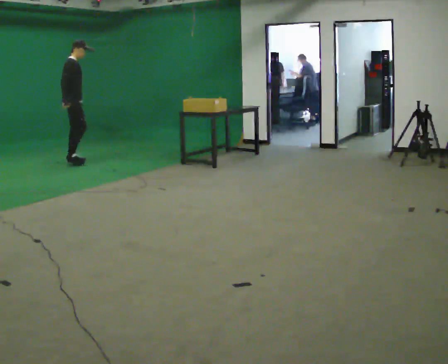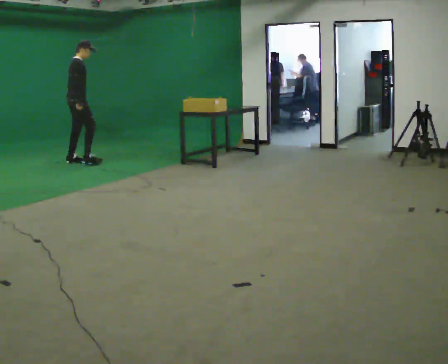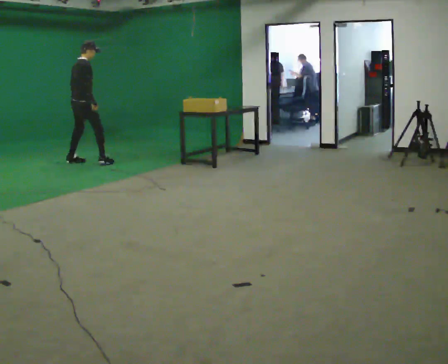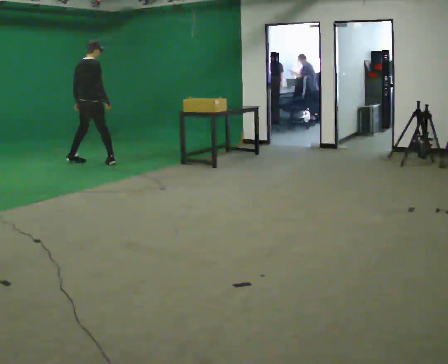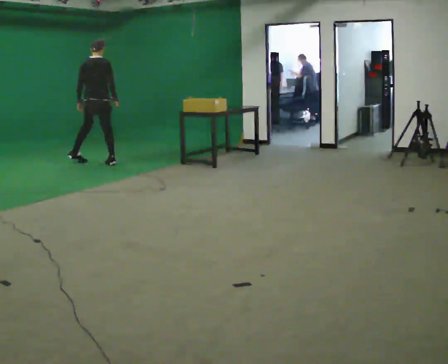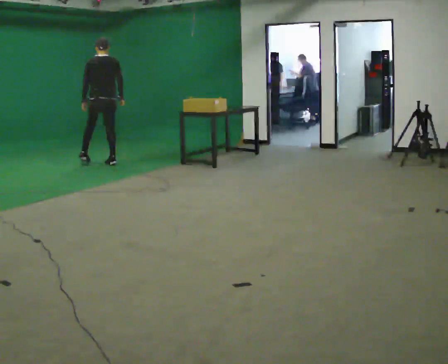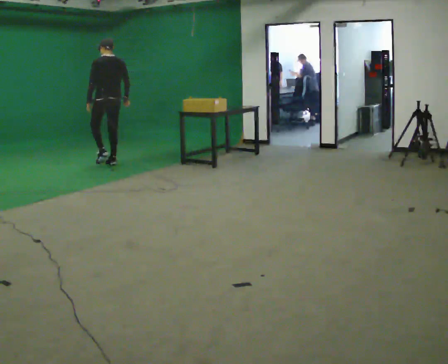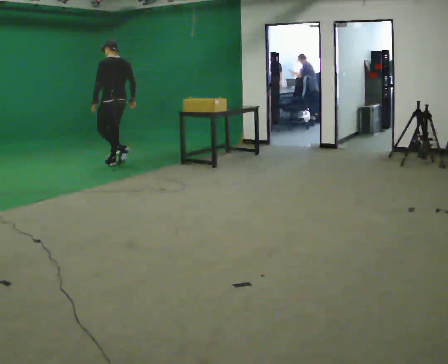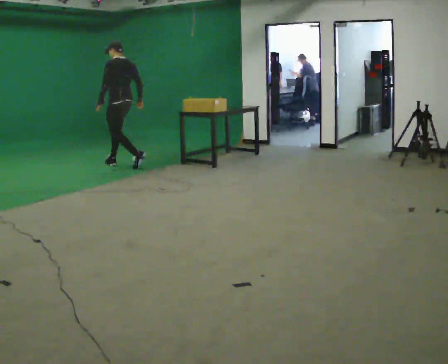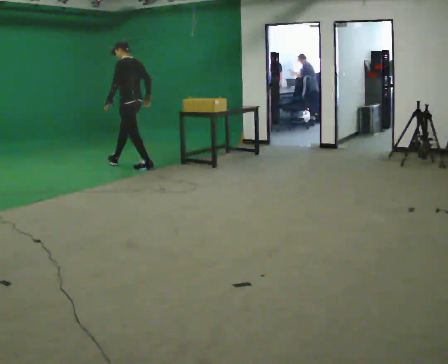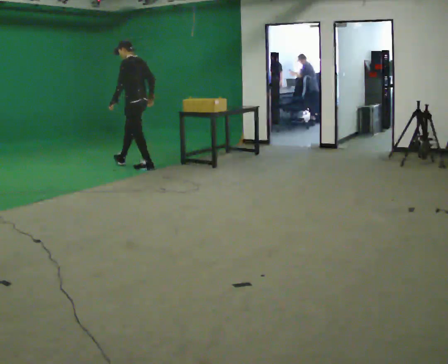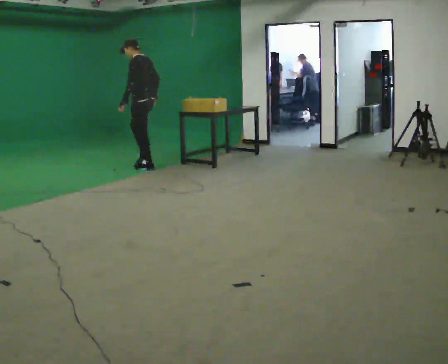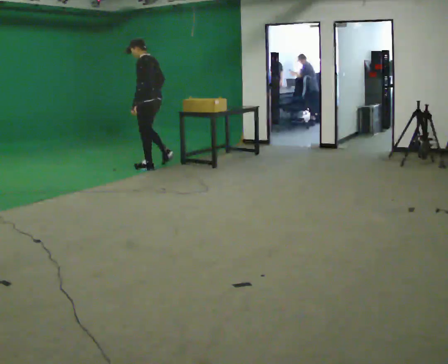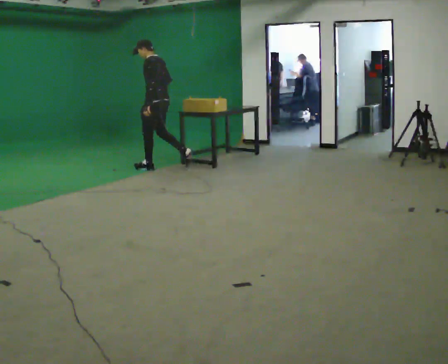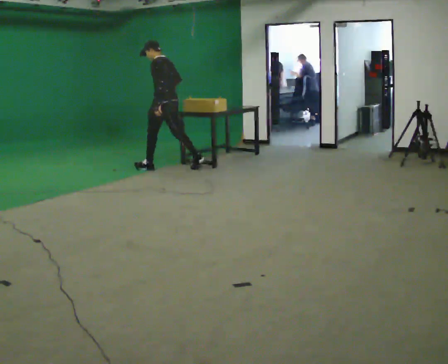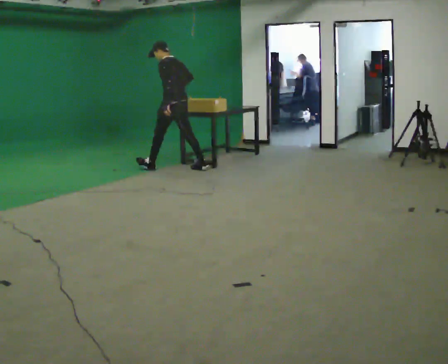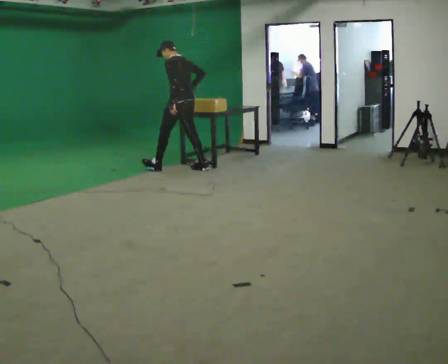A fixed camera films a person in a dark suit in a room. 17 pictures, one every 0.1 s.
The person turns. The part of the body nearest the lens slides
to the right.
The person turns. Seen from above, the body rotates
counterclockwise.
0.0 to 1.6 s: The part of the body nearest the lens slides to the right as the person turns to their left by about 150 degrees. In the picture they go to the right, about 1.5 m in 3 steps.
The film runs backward here.
